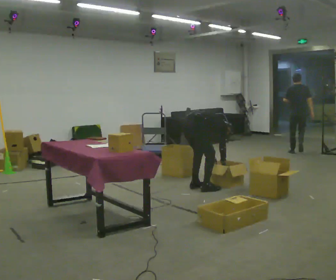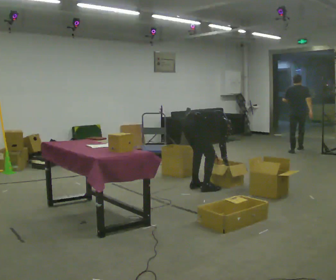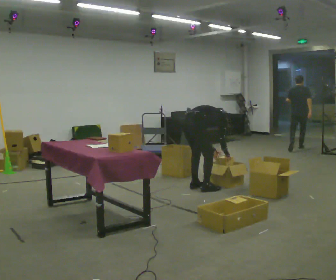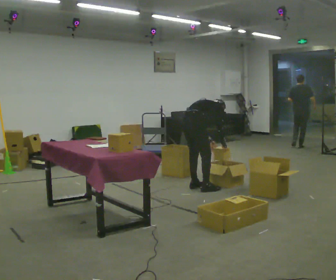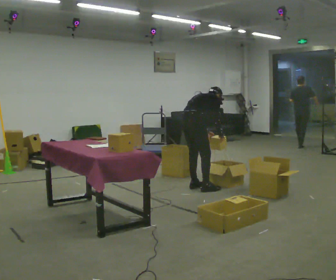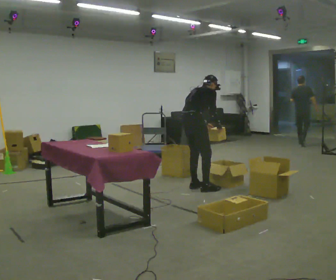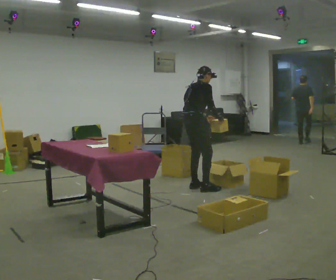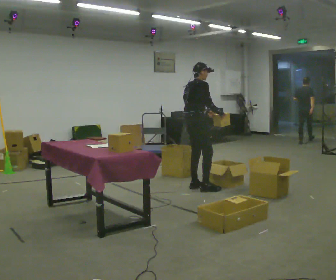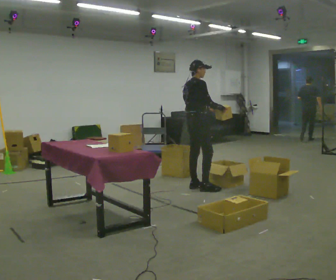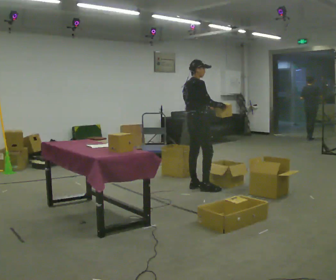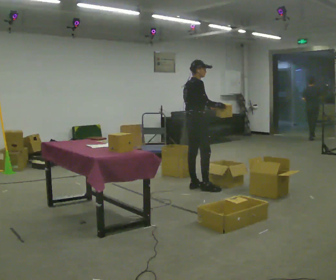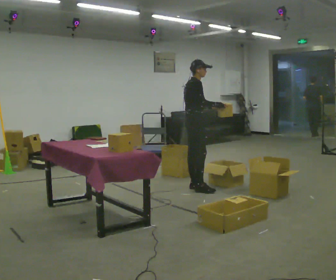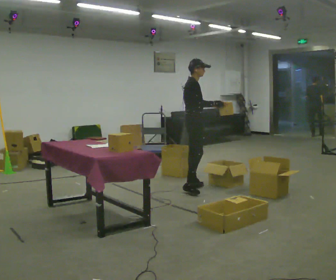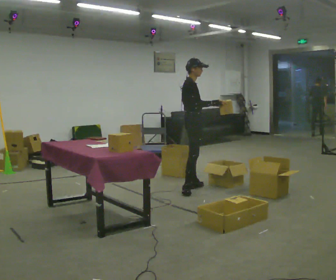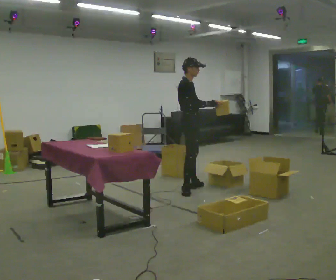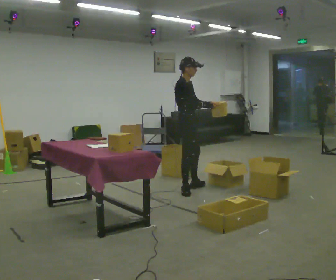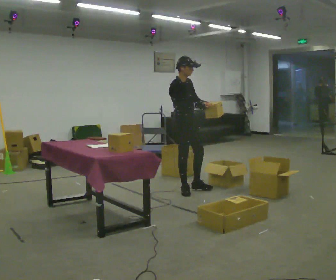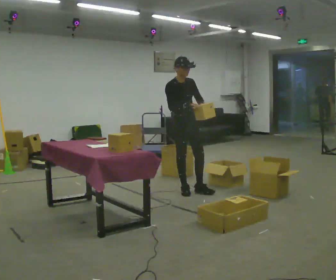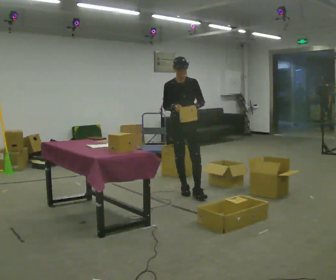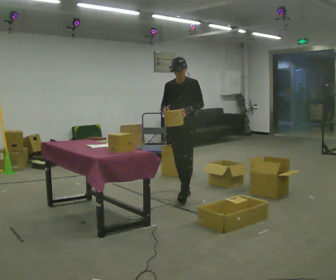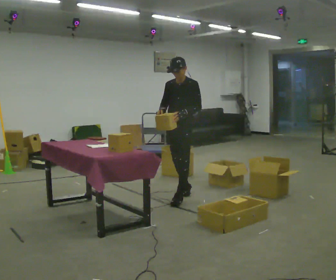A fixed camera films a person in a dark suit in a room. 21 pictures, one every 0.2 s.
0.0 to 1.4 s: The upper body goes upward. In the picture the upper body tilts counterclockwise, shoulders to the left, as they lean back or straighten. In the picture their right hand goes upward.
1.4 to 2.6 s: The person turns about 30 degrees to their right, clockwise seen from above, so the part of the body nearest the lens slides to the left.
2.6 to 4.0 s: Seen from above the body turns clockwise, about 105 degrees: to their right, with its near side sliding to the left. In the picture they go toward the camera, about 0.5 m in 1 step.
The film runs forward here.
